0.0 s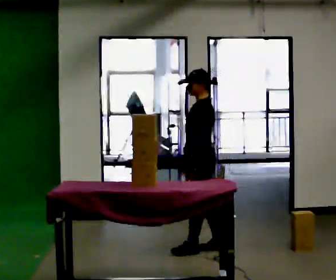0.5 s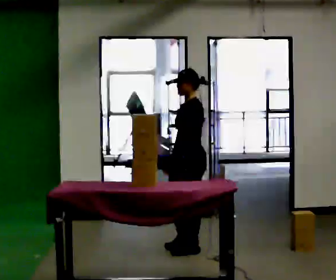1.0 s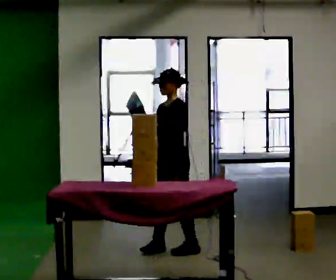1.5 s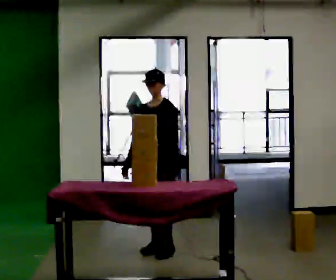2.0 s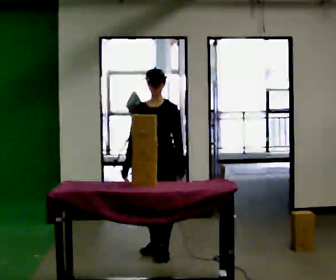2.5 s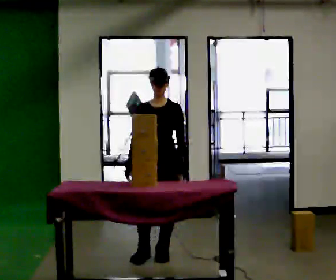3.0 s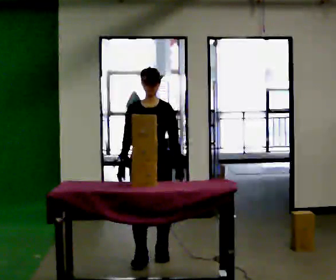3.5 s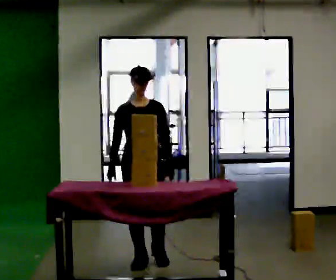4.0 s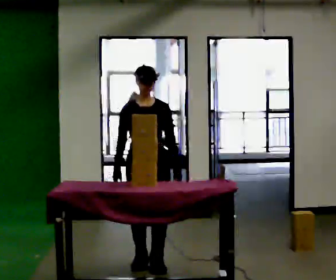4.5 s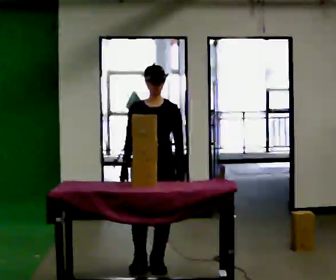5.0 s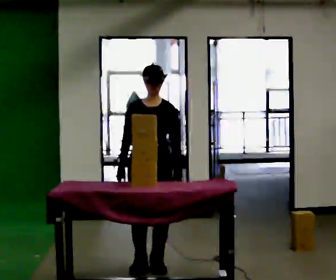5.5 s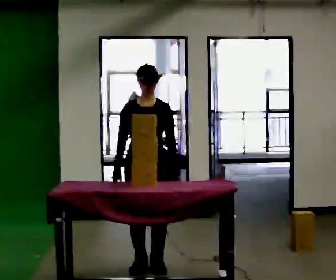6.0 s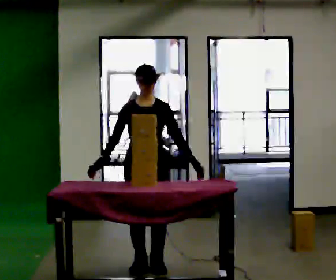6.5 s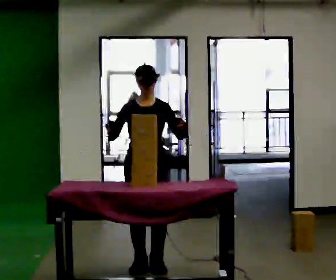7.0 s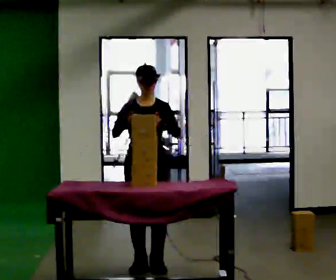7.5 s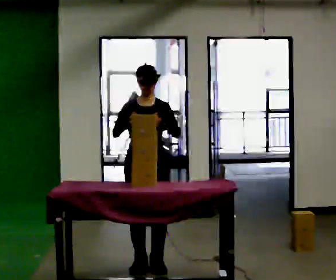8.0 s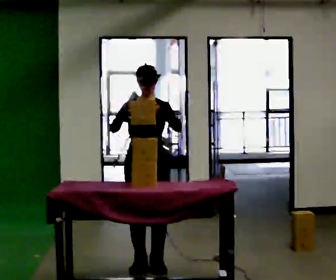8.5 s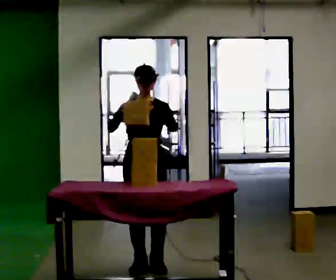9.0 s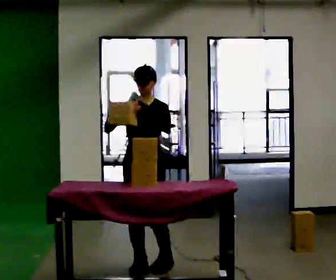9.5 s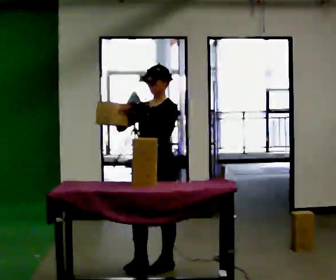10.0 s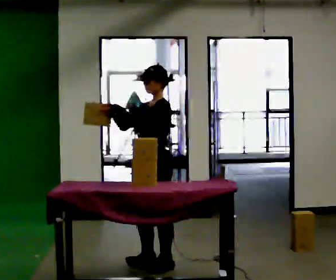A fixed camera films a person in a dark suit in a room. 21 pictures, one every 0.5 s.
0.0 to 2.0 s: Seen from above the body turns counterclockwise, about 75 degrees: to their left, with its near side sliding to the right. In the picture they go to the left, about 0.5 m in 2 steps.
2.0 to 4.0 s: In the picture they go toward the camera, about 0.5 m in 2 steps, which for them is forward.
4.0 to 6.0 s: The person moves a little, or ends about where they began.
6.0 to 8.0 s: In the picture their left hand goes upward.
8.0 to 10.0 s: Seen from above the body turns clockwise, about 60 degrees: to their right, with its near side sliding to the left. In the picture their left hand goes to the left.
The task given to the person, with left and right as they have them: Take boxes off the top of the stack one at a time and carry them away, walking back for each one. Keep going until the operator says stop; one object at a time, and do not rush between trips.
The film runs forward here.
